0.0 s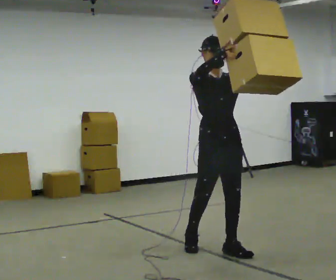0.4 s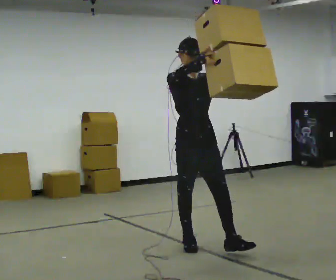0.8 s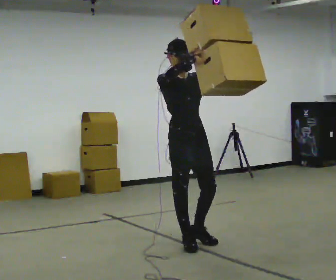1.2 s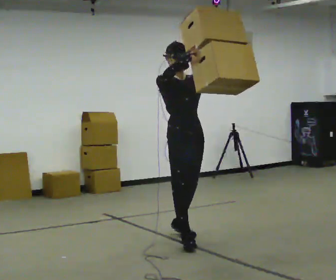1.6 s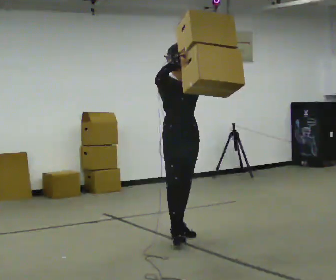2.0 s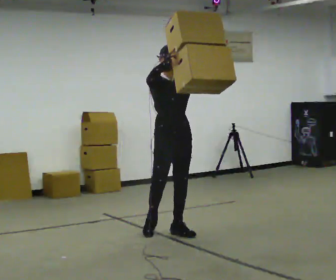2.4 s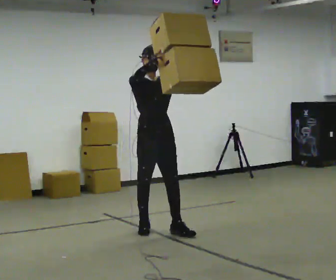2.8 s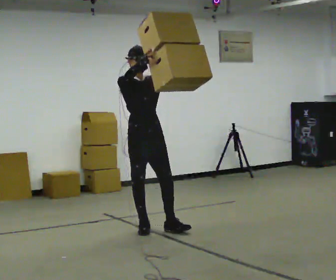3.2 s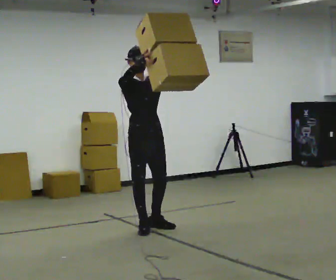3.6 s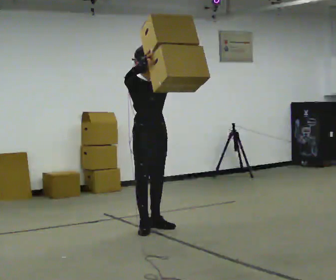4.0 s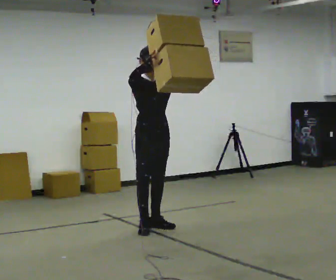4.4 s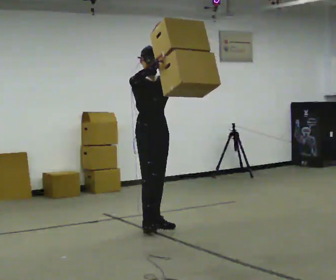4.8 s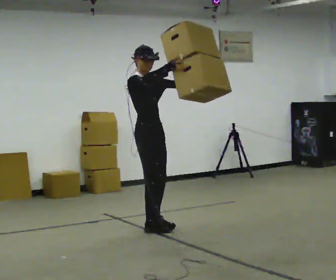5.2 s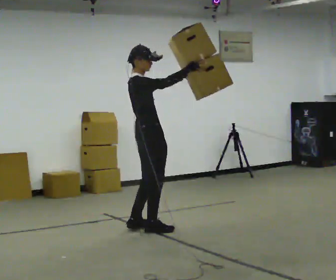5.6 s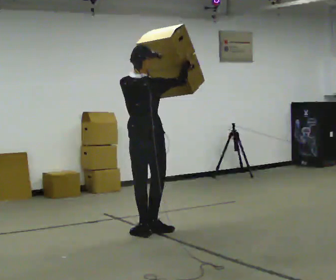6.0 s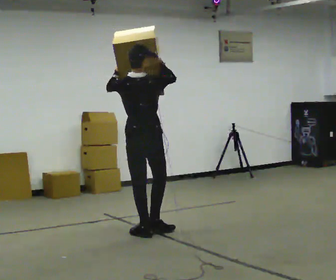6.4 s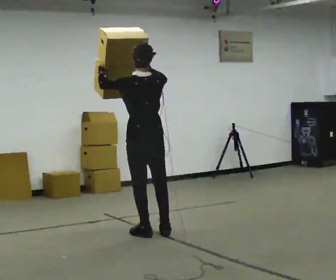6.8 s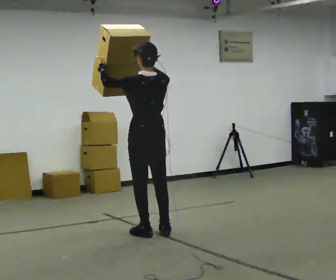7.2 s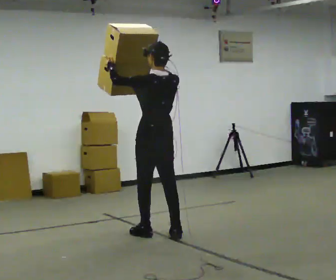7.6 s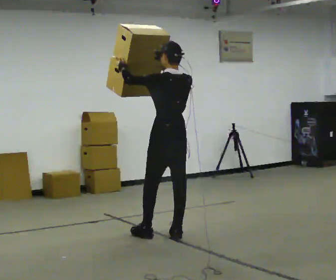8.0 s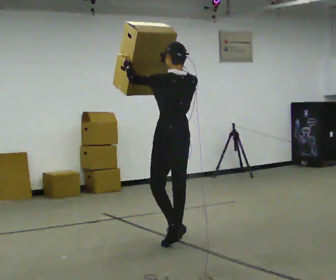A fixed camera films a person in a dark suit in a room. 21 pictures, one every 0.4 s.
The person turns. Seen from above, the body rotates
counterclockwise.
The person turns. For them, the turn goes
to their left.
0.0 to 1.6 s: In the picture they go away from the camera and to the left, about 0.75 m in 2 steps, which for them is backward.
1.6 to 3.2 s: In the picture they go to the left and away from the camera, about 0.5 m in 1 step, which for them is backward and to their right.
3.2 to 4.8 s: The person turns about 30 degrees to their left, counterclockwise seen from above, so the part of the body nearest the lens slides to the right.
4.8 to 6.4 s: The person turns about 135 degrees to their left, counterclockwise seen from above, so the part of the body nearest the lens slides to the right. In the picture they go toward the camera, about 0.25 m in 2 steps. In the picture their left hand goes to the left.
6.4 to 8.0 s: In the picture they go to the right and toward the camera, about 0.25 m in 2 steps, which for them is backward and to their right.
The film runs backward here.
